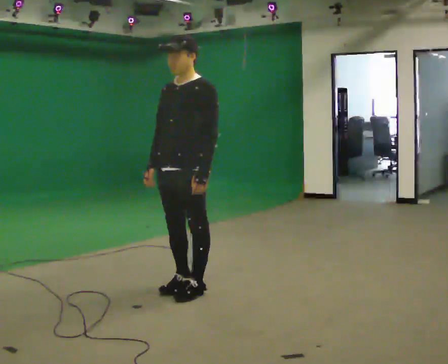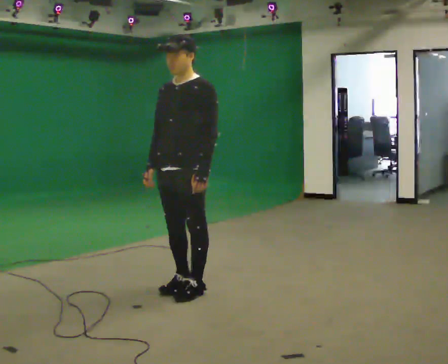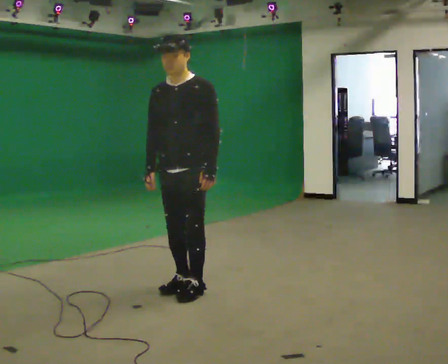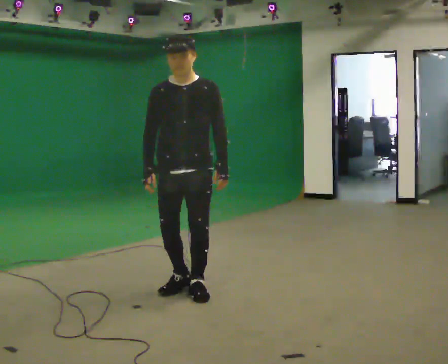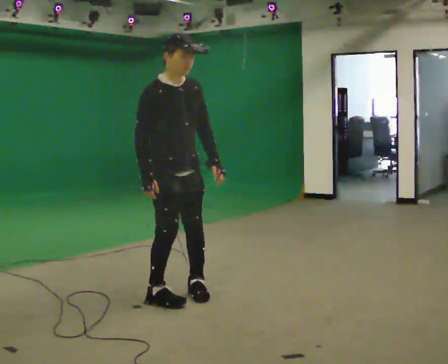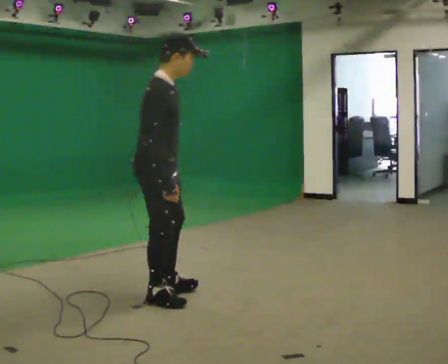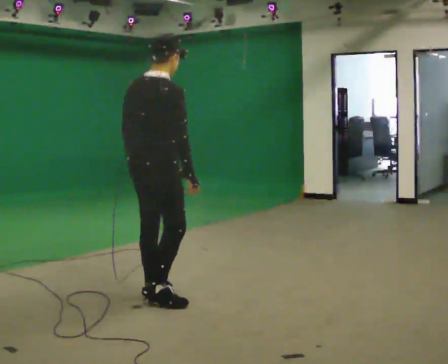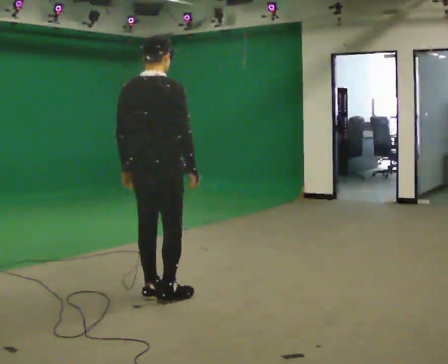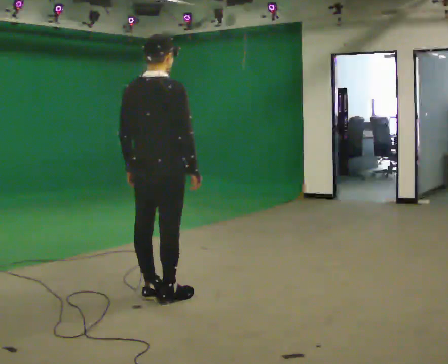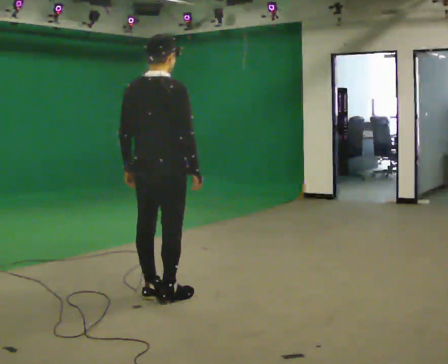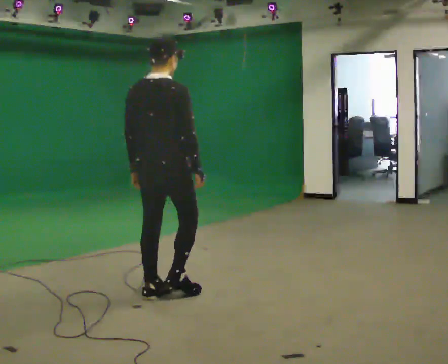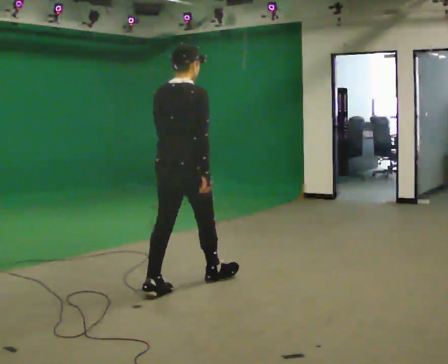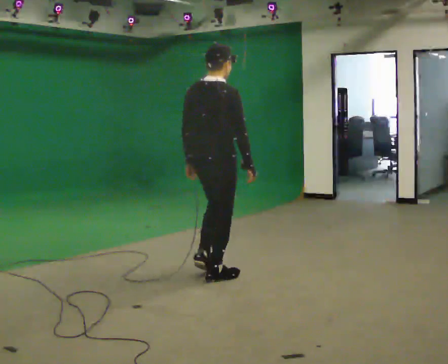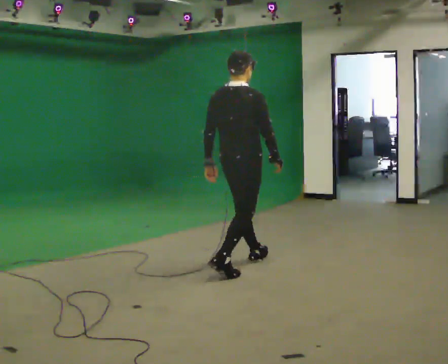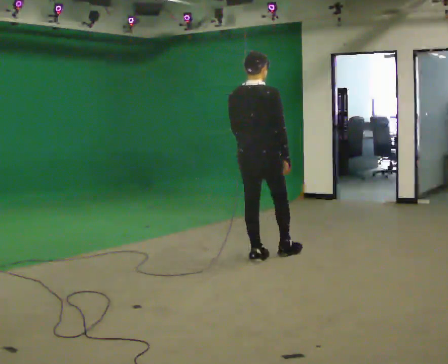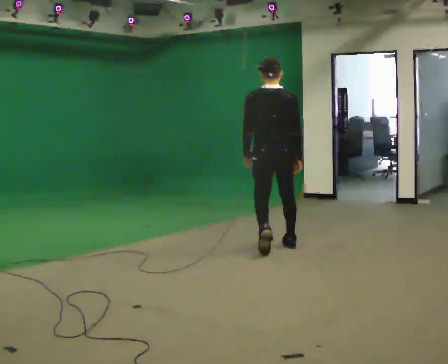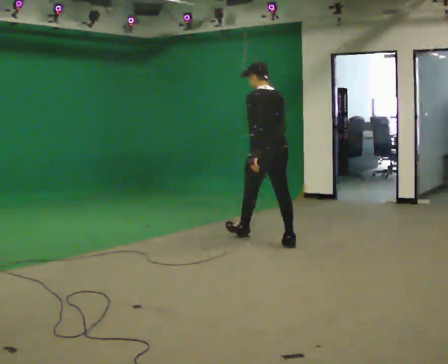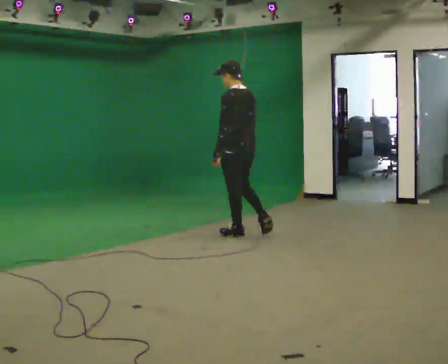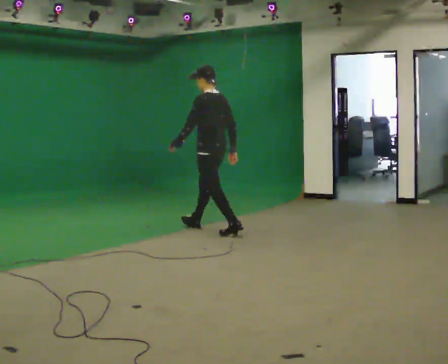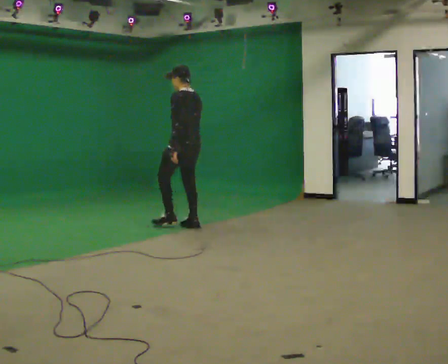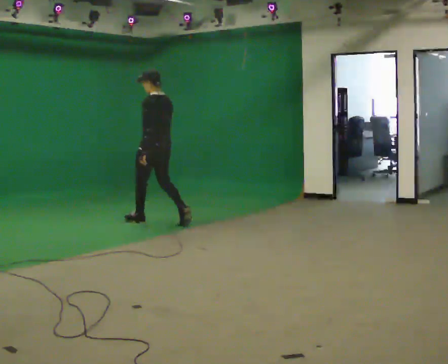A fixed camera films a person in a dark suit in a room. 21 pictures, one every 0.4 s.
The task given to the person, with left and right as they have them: Walk straight; turn 90° left/right while continuing to walk; continue.
0.0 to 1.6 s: Seen from above the body turns counterclockwise, about 75 degrees: to their left, with its near side sliding to the right.
1.6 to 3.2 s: The part of the body nearest the lens slides to the right as the person turns to their left by about 105 degrees. In the picture their left hand goes to the left, the arm swinging clockwise.
3.2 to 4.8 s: In the picture they go away from the camera and to the right, about 0.5 m in 1 step, which for them is forward.
4.8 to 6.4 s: The part of the body nearest the lens slides to the right as the person turns to their left by about 75 degrees. In the picture they go away from the camera and to the right, about 1.5 m in 2 steps.
6.4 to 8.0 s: In the picture they go away from the camera and to the left, about 1.5 m in 3 steps, which for them is forward.
The film runs forward here.
